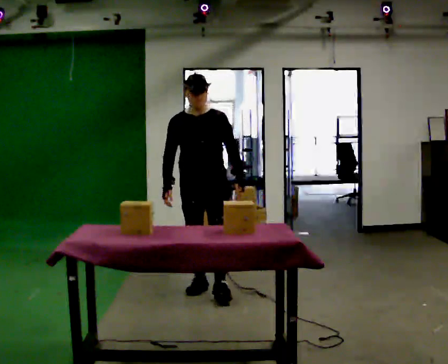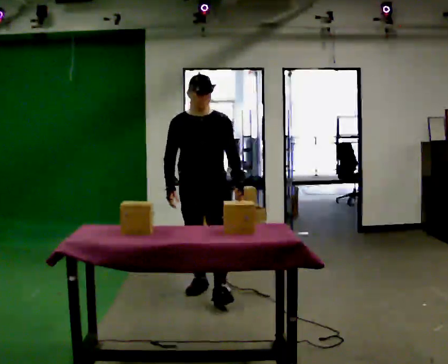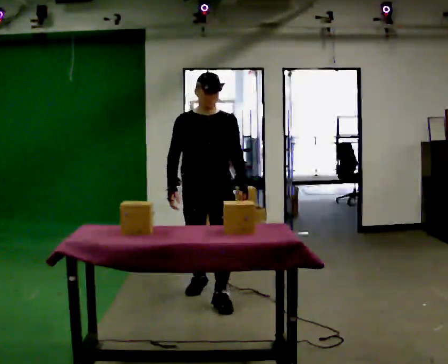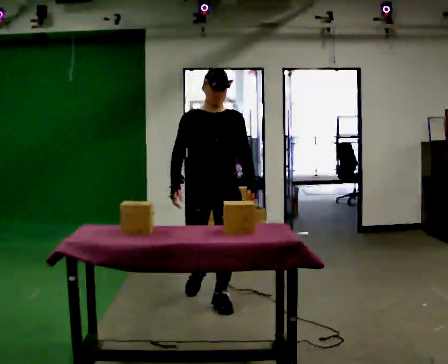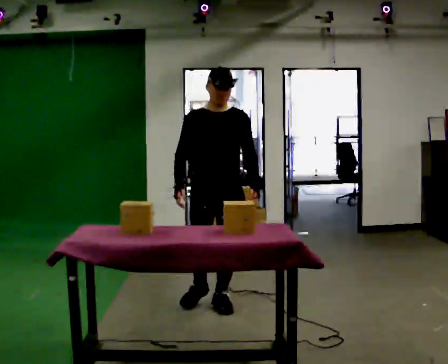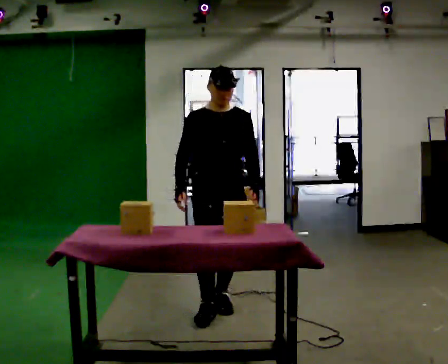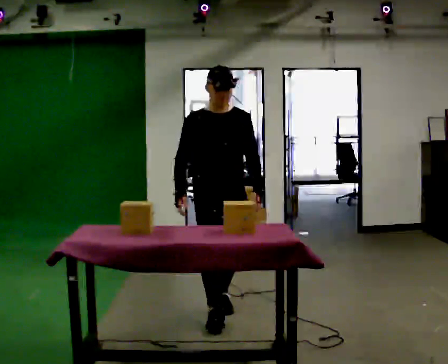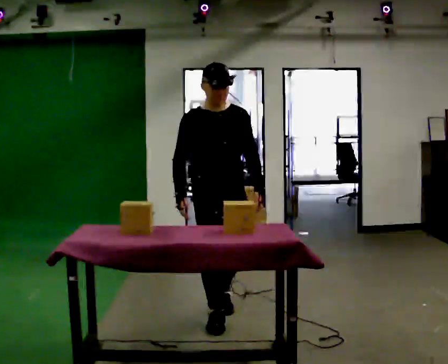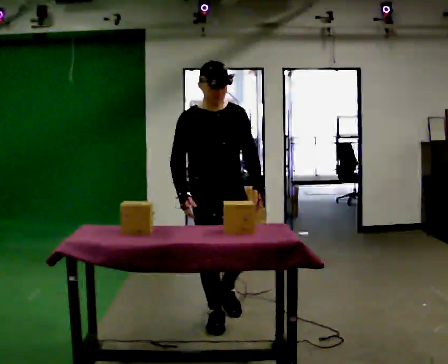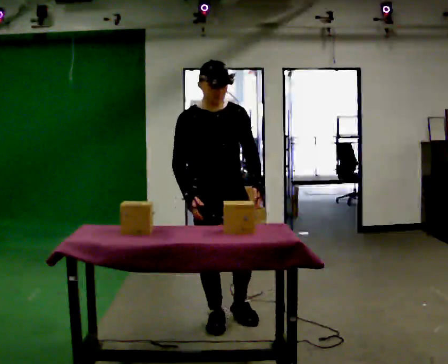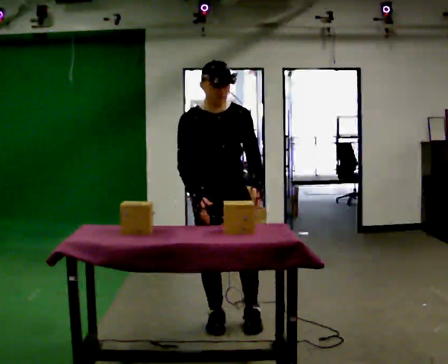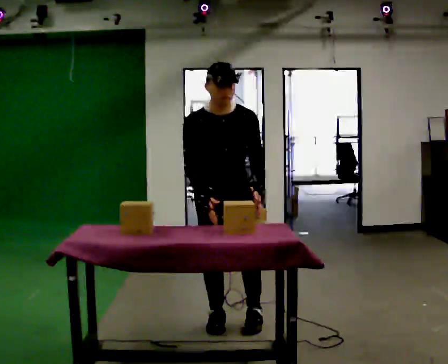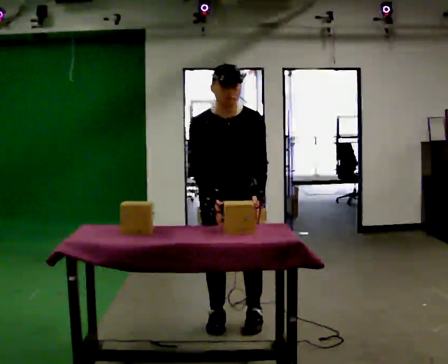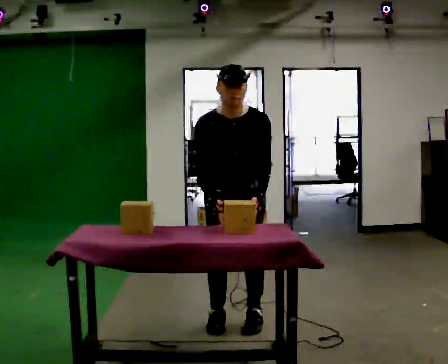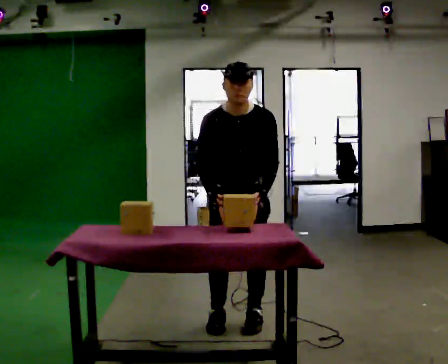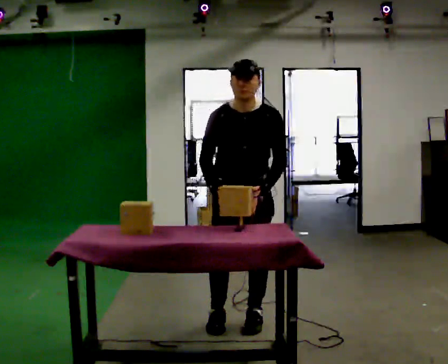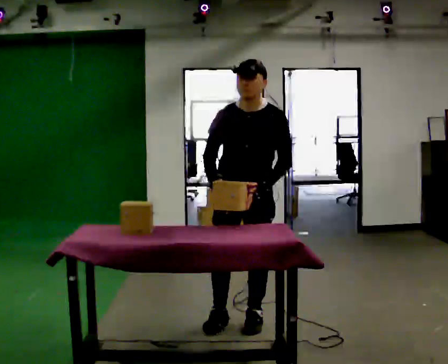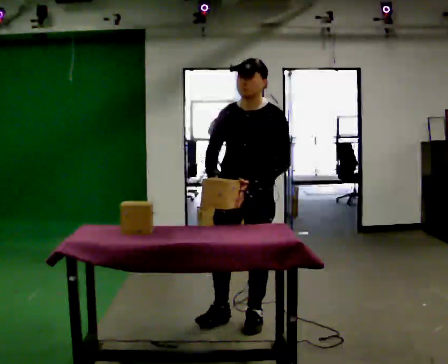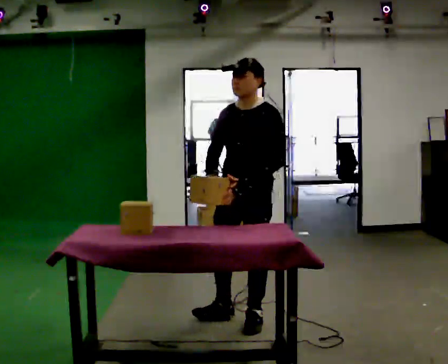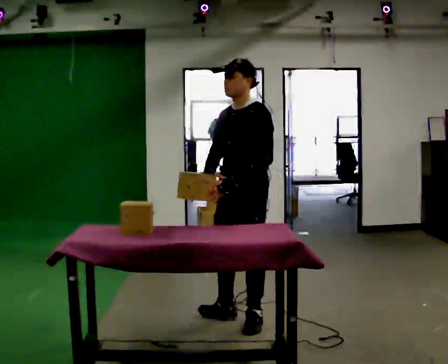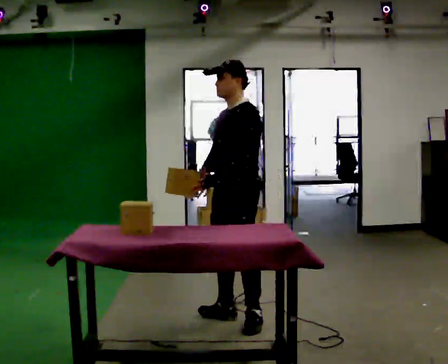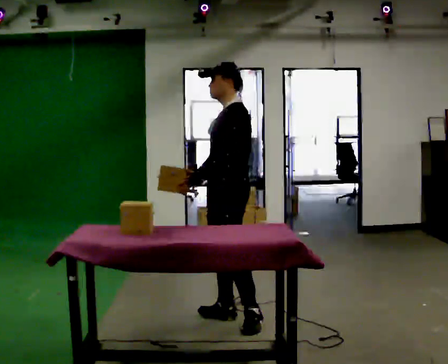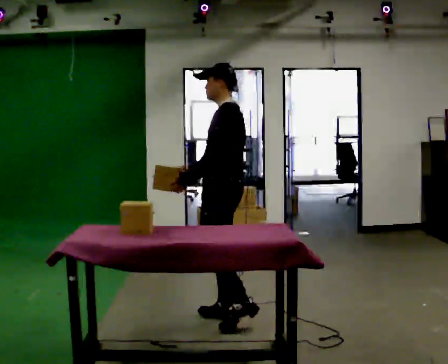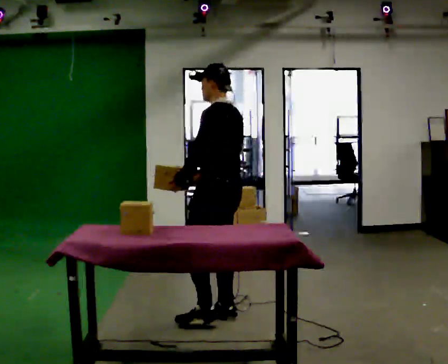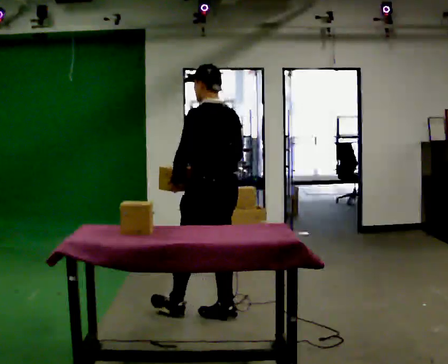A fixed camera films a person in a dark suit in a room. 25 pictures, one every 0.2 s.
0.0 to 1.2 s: In the picture they go toward the camera, about 0.75 m in 2 steps, which for them is forward.
1.2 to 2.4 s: In the picture they go toward the camera, about 0.25 m in 1 step, which for them is forward. The upper body tips toward the camera, its near side rolling downward, as they bend forward.
2.4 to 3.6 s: The part of the body nearest the lens slides to the left as the person turns to their right by about 45 degrees. In the picture they go to the right, about 0.25 m, which for them is to their left. The upper body tips away from the camera, its near side rolling upward, as they lean back or straighten.
3.6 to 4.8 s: The part of the body nearest the lens slides to the left as the person turns to their right by about 90 degrees. In the picture they go to the left, about 0.25 m.
The film runs forward here.
